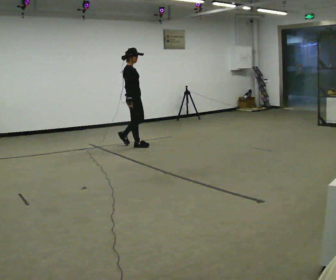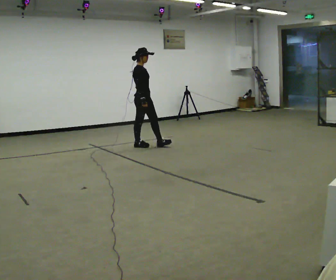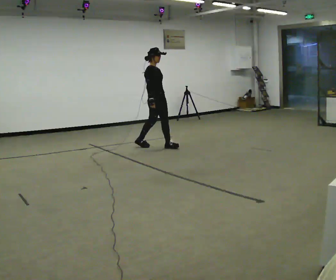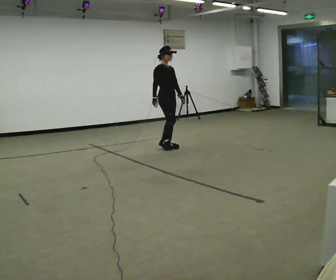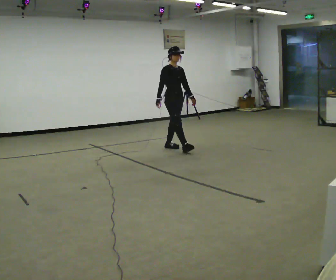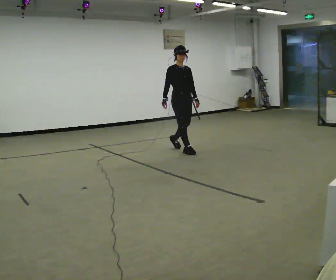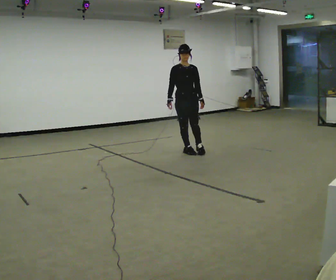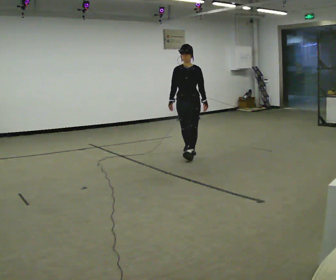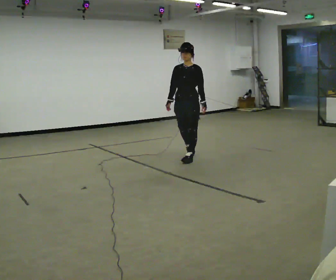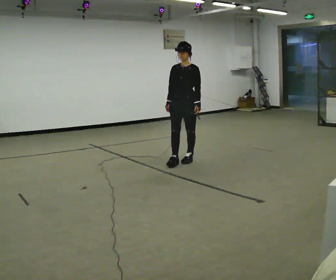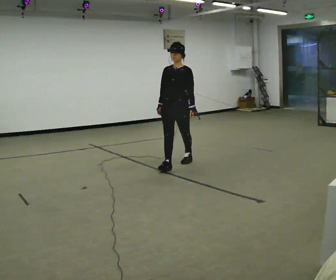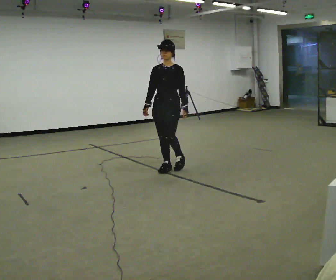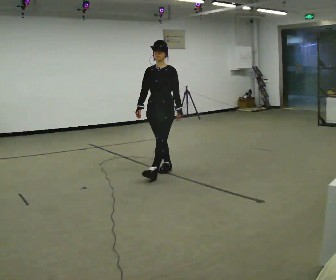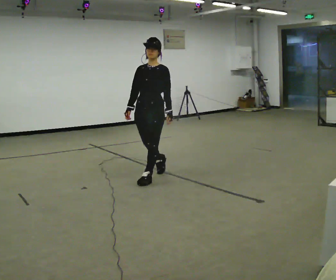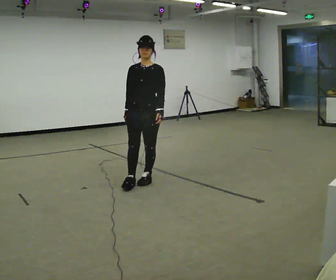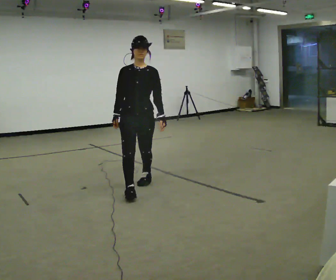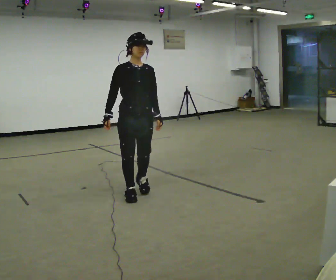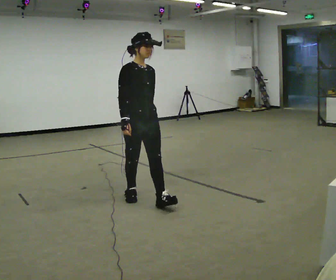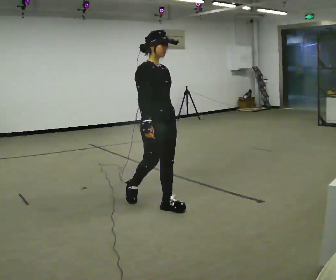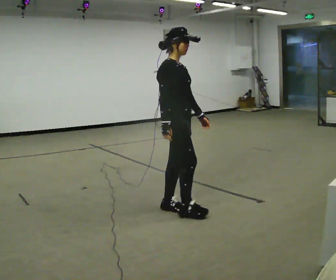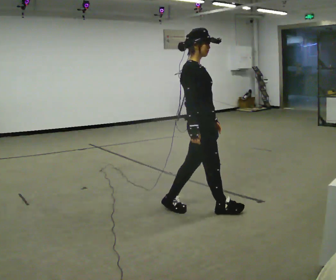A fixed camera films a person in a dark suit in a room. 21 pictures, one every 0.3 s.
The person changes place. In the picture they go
toward the camera.
0.0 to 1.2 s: The part of the body nearest the lens slides to the left as the person turns to their right by about 45 degrees. In the picture they go to the right and toward the camera, about 0.5 m in 2 steps, which for them is forward.
1.2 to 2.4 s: The part of the body nearest the lens slides to the left as the person turns to their right by about 60 degrees. In the picture they go toward the camera, about 0.5 m in 1 step.
2.4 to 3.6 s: In the picture they go toward the camera and to the left, about 1 m in 1 step, which for them is forward.
3.6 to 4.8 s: The person turns about 45 degrees to their left, counterclockwise seen from above, so the part of the body nearest the lens slides to the right. In the picture they go toward the camera, about 1 m in 2 steps, which for them is forward.
4.8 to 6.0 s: Seen from above the body turns counterclockwise, about 60 degrees: to their left, with its near side sliding to the right. In the picture they go to the right and toward the camera, about 1 m in 2 steps, which for them is forward.
The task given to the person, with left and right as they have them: Walk forward; gradually curve left/right; straighten out.
The film runs forward here.
